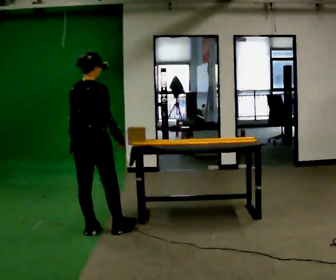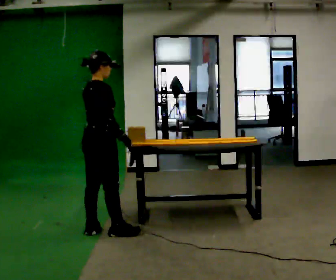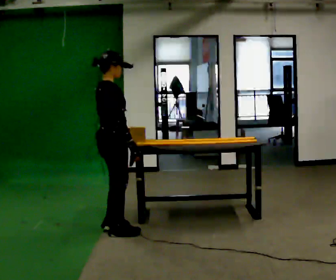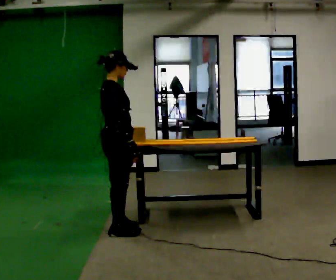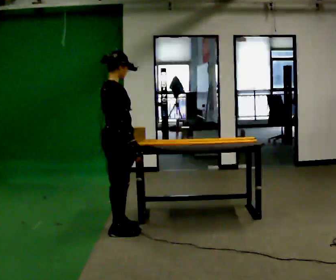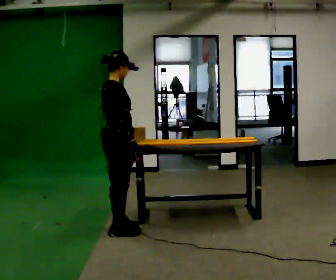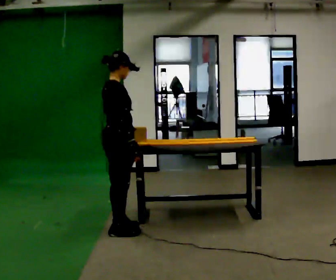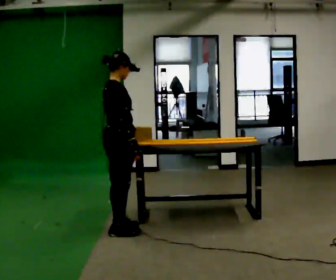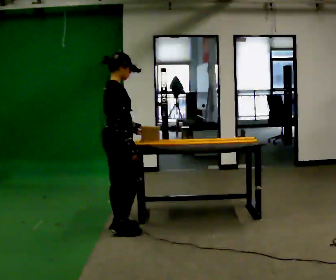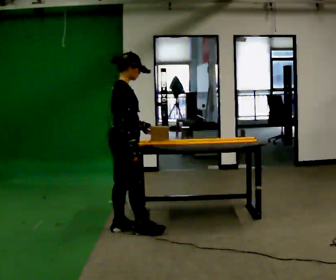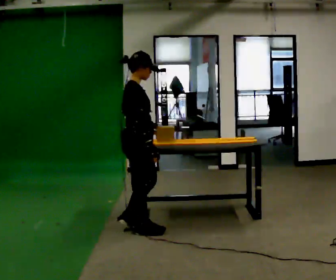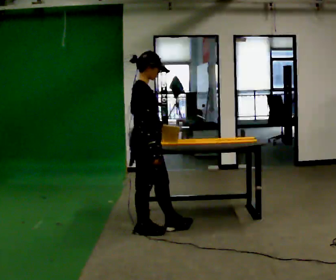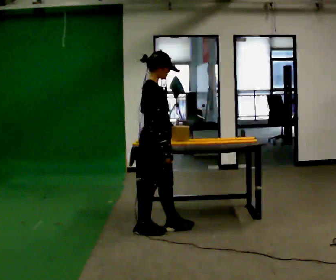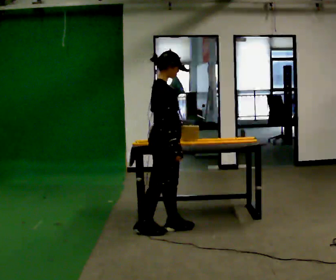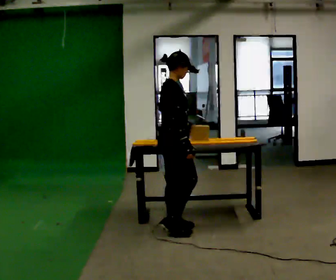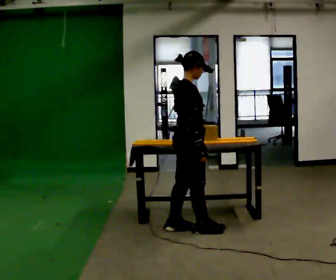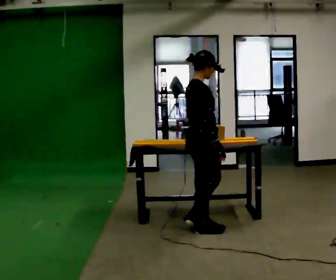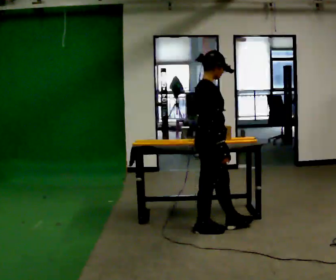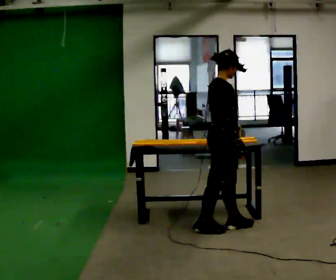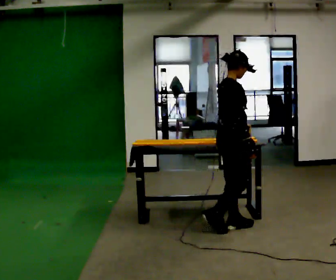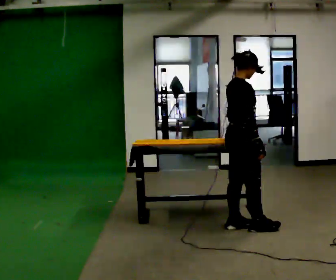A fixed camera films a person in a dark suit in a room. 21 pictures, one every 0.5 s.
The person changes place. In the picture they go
to the right.
0.0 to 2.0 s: The person turns about 45 degrees to their right, clockwise seen from above, so the part of the body nearest the lens slides to the left. In the picture they go to the right, about 0.25 m in 1 step, which for them is forward. In the picture their left hand goes to the right.
2.0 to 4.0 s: The person moves a little, or ends about where they began.
4.0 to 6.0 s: In the picture they go to the right, about 0.25 m in 2 steps, which for them is forward.
6.0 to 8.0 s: In the picture they go to the right, about 0.5 m in 1 step, which for them is forward.
8.0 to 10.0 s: In the picture they go to the right, about 0.25 m in 2 steps, which for them is forward.
The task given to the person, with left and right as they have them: Carry the object across the room and slide it into the slot on the shelf. It is a close fit, so take the time you need. Keep going until the operator says stop; one object at a time, and do not rush between trips.
The film runs forward here.
